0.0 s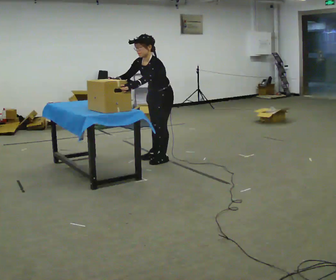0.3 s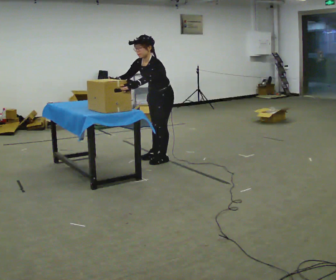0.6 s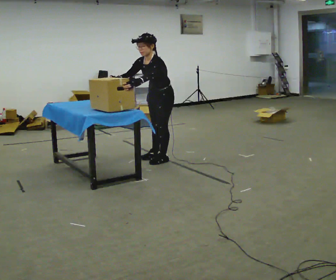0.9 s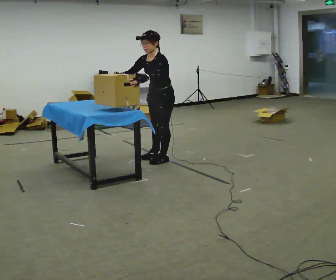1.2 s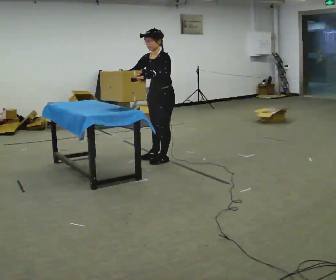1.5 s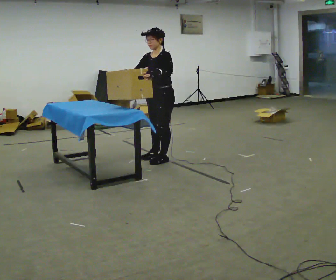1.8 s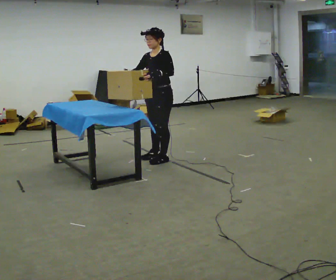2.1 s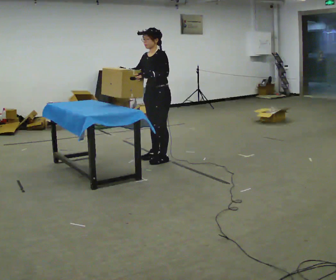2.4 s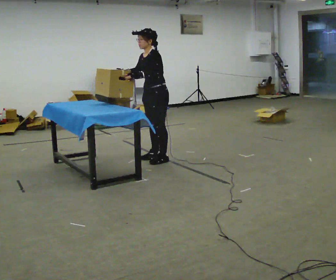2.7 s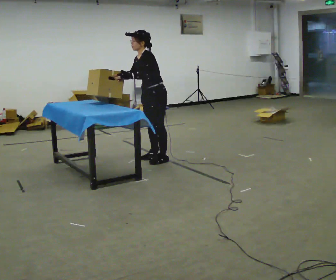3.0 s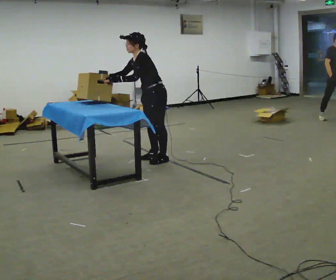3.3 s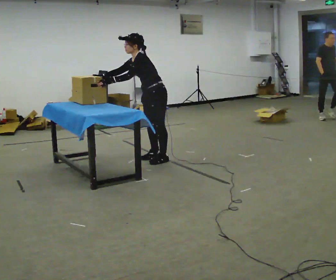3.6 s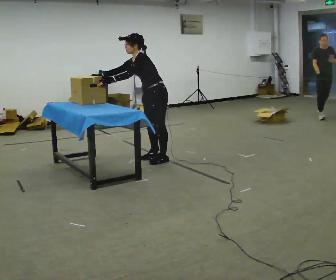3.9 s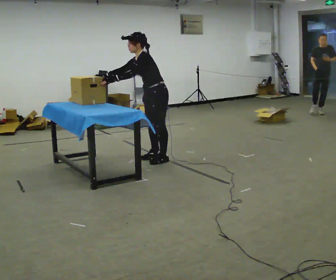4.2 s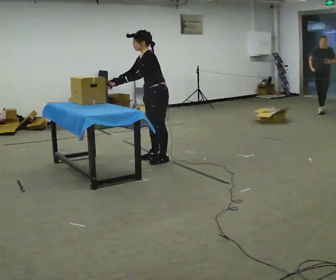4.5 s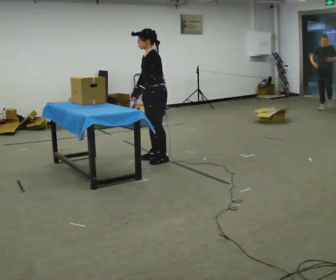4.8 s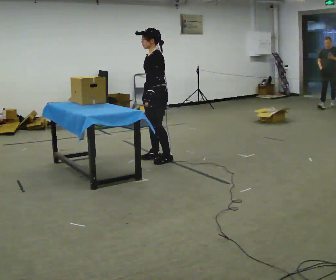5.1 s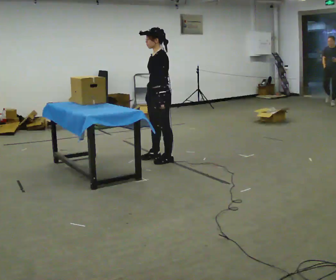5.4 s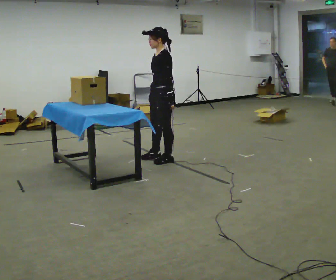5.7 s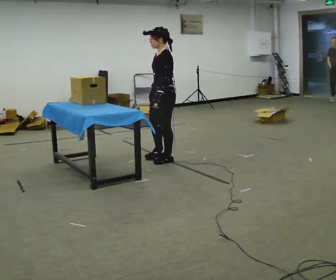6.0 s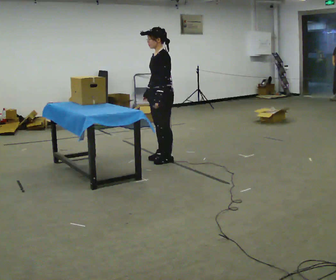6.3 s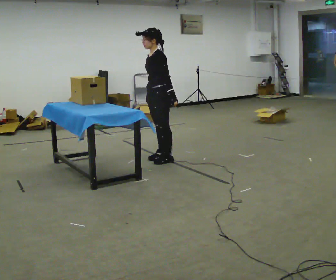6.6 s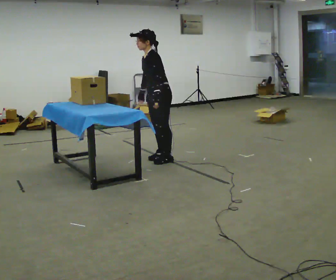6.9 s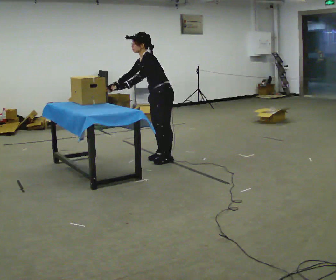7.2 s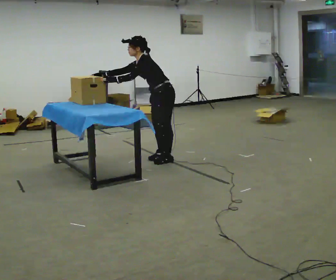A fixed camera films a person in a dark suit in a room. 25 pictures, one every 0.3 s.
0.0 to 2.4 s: The upper body tips away from the camera, its near side rolling upward, as they lean back or straighten.
2.4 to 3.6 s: In the picture the upper body tilts counterclockwise, shoulders to the left, as they bend forward. In the picture their left hand goes to the left.
3.6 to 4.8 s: In the picture the upper body tilts clockwise, shoulders to the right, as they lean back or straighten. In the picture their right hand goes to the right, the arm swinging counterclockwise.
4.8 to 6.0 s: The person moves a little, or ends about where they began.
6.0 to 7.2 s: In the picture the upper body tilts counterclockwise, shoulders to the left, as they bend forward. In the picture their right hand goes to the left.
The film runs backward here.
